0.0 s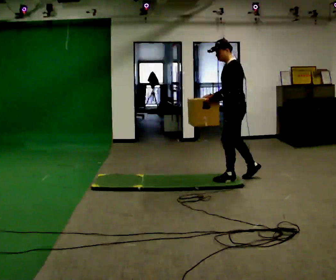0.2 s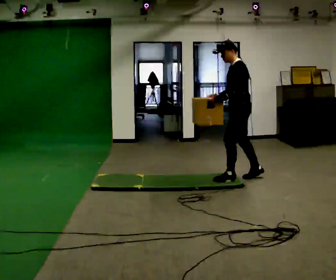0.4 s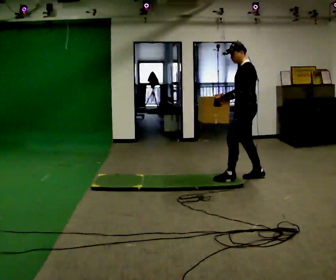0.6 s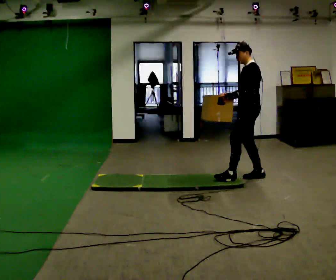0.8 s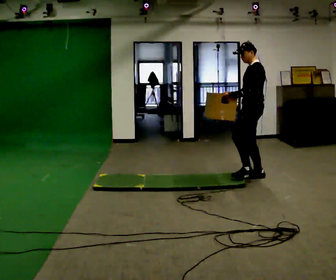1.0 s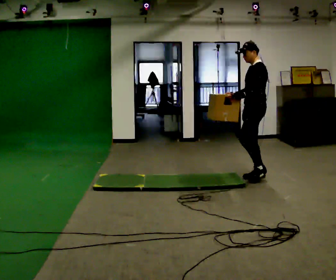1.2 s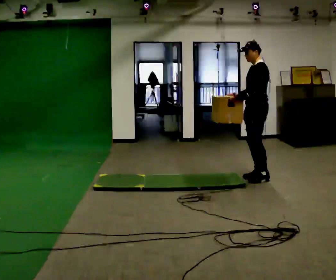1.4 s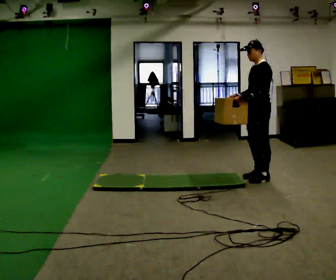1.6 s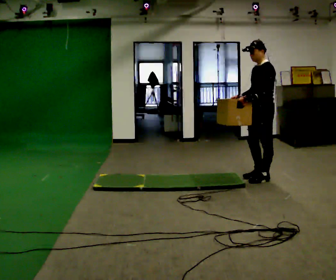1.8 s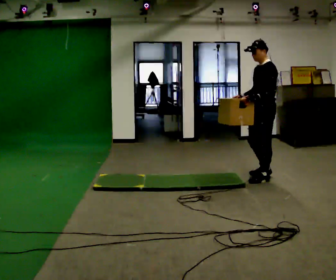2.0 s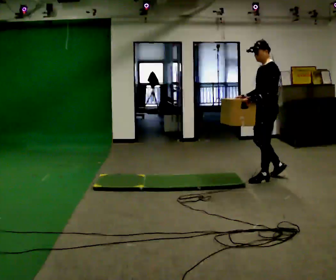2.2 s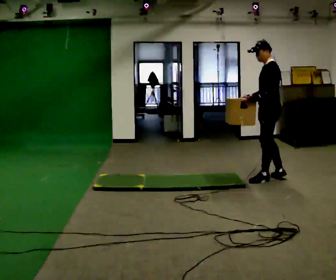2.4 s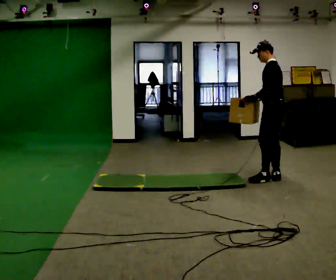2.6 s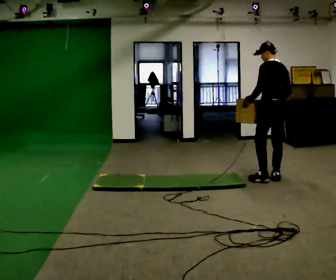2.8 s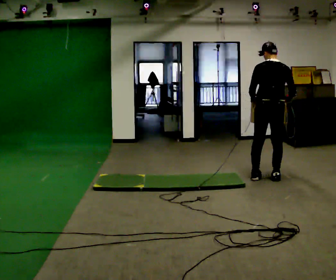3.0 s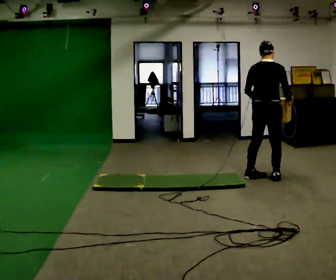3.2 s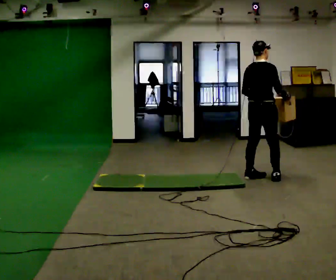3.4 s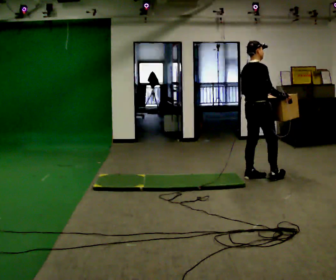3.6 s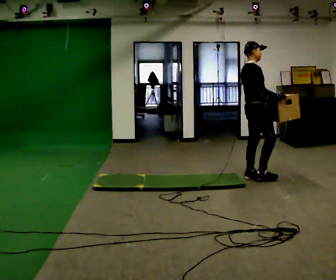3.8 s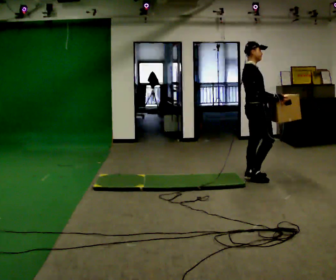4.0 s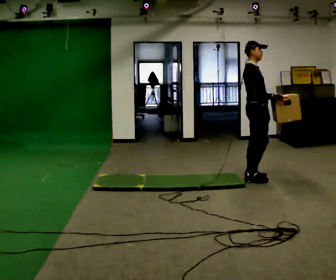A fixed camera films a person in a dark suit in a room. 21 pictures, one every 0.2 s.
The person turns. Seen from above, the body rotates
clockwise.
The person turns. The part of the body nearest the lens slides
to the left.
0.0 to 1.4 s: In the picture they go to the right and away from the camera, about 0.25 m in 1 step, which for them is backward.
1.4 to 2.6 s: The person turns about 75 degrees to their right, clockwise seen from above, so the part of the body nearest the lens slides to the left. In the picture they go to the right, about 0.25 m in 2 steps. In the picture their right hand goes to the right.
2.6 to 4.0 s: Seen from above the body turns clockwise, about 120 degrees: to their right, with its near side sliding to the left. In the picture they go to the left, about 0.25 m in 1 step.
The film runs backward here.
